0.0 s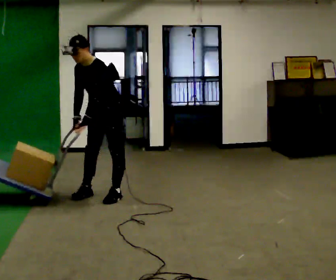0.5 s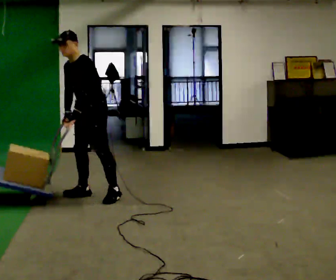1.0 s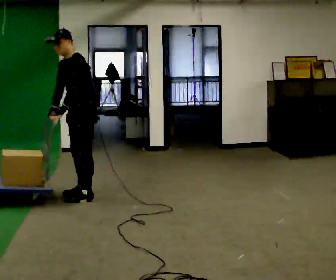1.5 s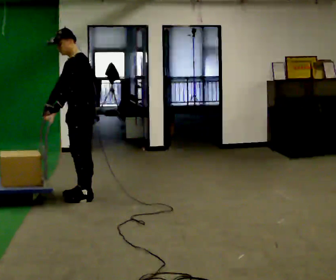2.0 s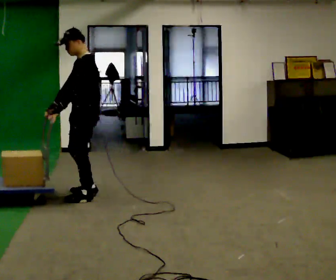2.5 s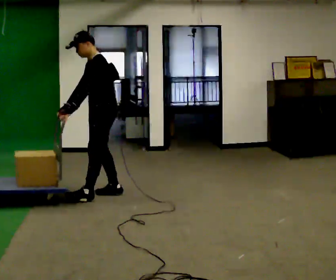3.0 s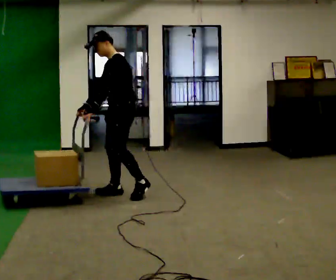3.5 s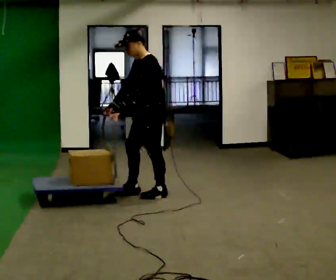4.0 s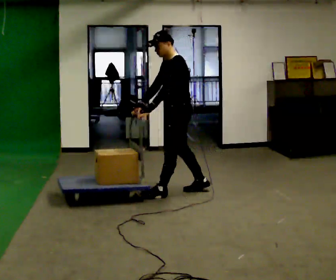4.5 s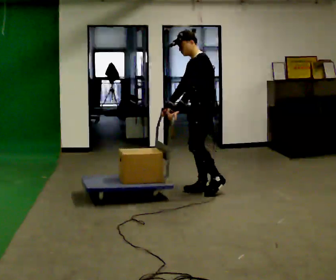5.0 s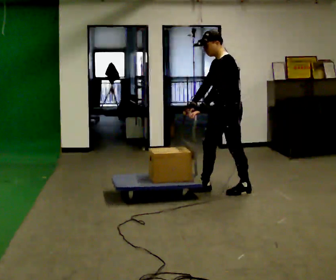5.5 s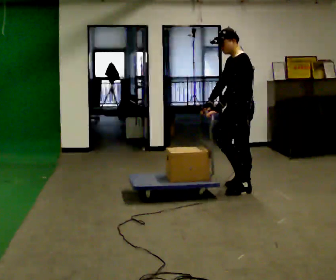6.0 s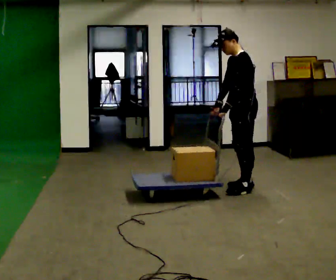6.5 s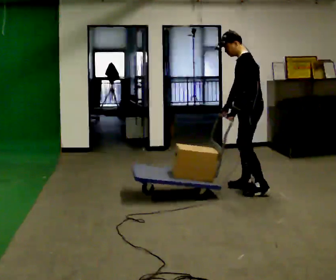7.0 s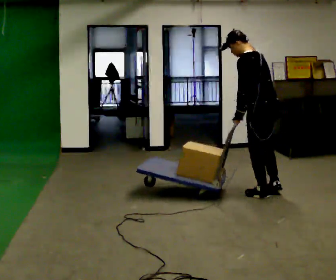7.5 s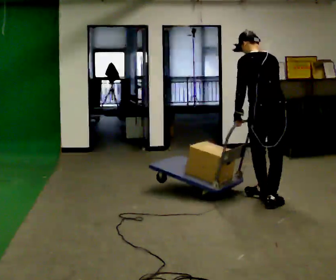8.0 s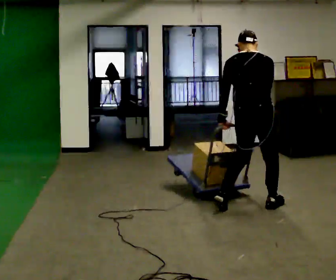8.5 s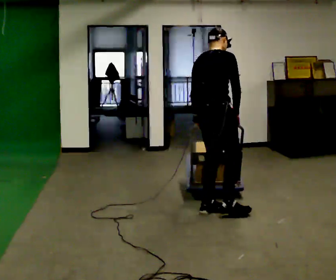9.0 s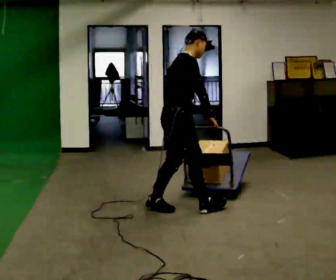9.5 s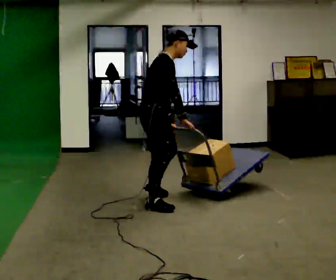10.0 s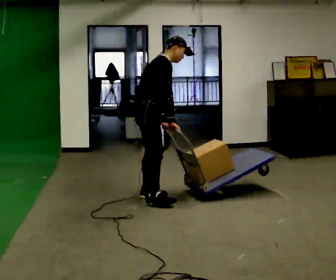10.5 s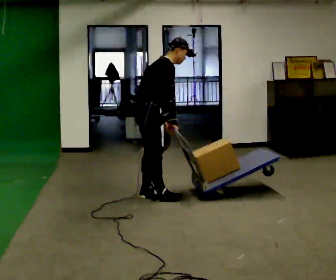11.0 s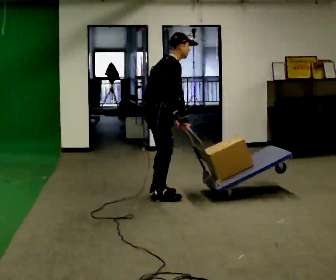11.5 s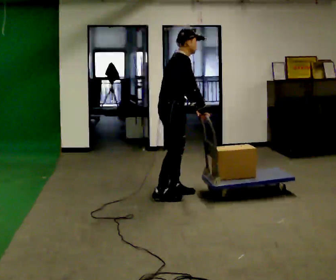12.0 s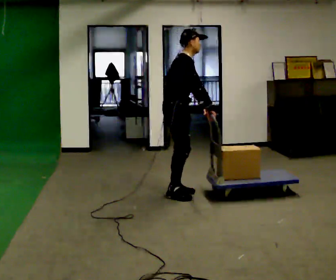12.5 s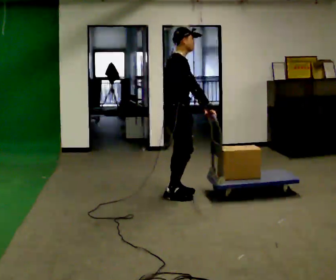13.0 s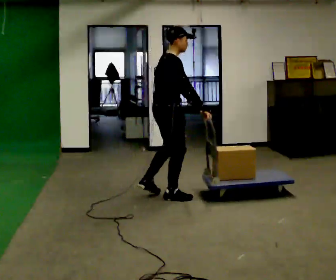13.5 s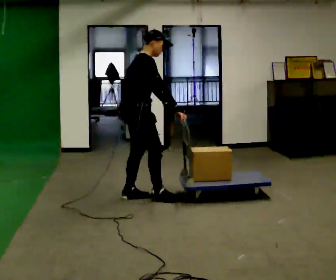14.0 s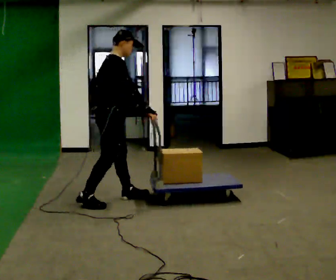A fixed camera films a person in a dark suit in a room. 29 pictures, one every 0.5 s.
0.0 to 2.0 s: The part of the body nearest the lens slides to the left as the person turns to their right by about 30 degrees. In the picture they go to the left, about 0.25 m in 2 steps, which for them is forward. The upper body tips away from the camera, its near side rolling upward, as they lean back or straighten.
2.0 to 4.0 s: In the picture they go to the right and away from the camera, about 1 m in 2 steps, which for them is backward.
4.0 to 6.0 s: In the picture they go to the right, about 0.5 m in 2 steps, which for them is backward.
6.0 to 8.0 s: Seen from above the body turns clockwise, about 120 degrees: to their right, with its near side sliding to the left. In the picture they go toward the camera, about 0.5 m in 3 steps.
8.0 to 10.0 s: The part of the body nearest the lens slides to the left as the person turns to their right by about 75 degrees. In the picture they go to the left, about 1 m in 3 steps. In the picture the upper body tilts clockwise, shoulders to the right.
10.0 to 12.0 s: In the picture they go away from the camera and to the right, about 0.25 m in 2 steps, which for them is forward and to their left.
12.0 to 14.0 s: In the picture they go to the left and toward the camera, about 0.75 m in 2 steps, which for them is backward.
The film runs backward here.
